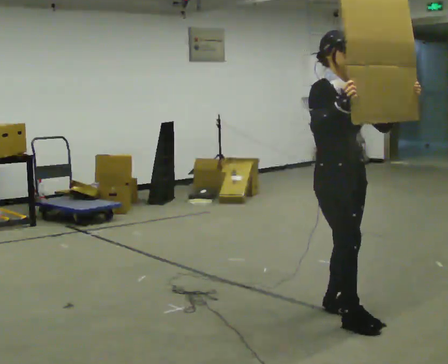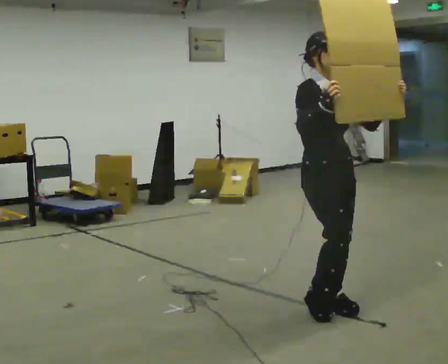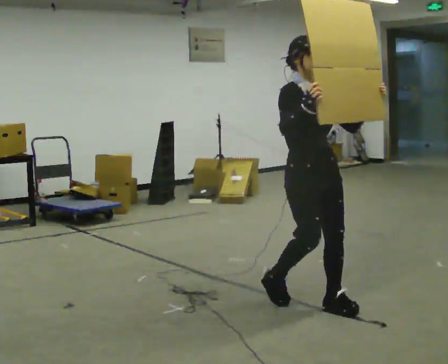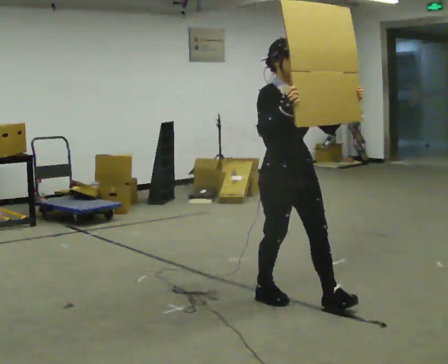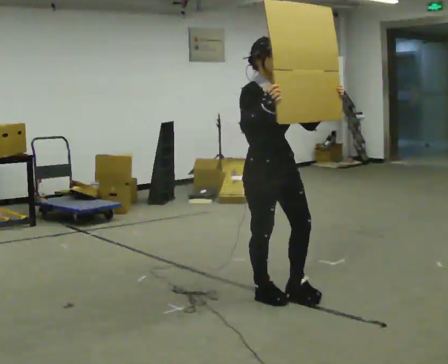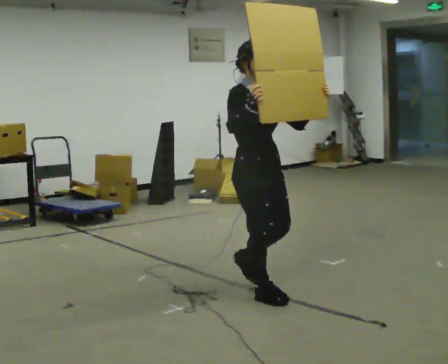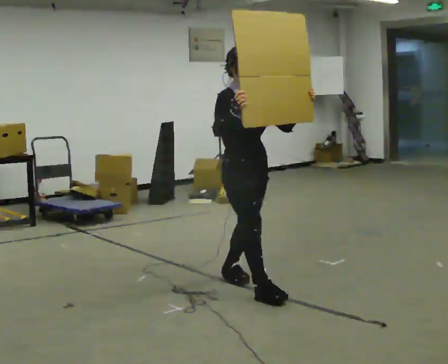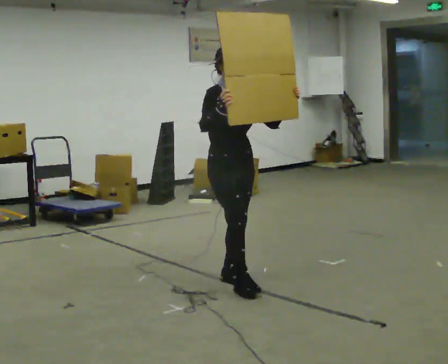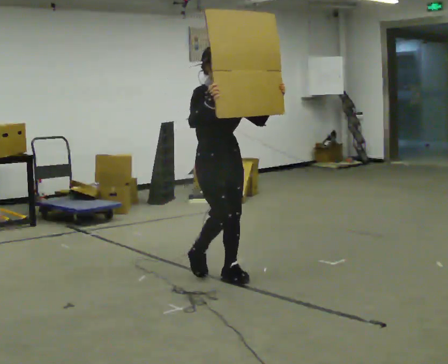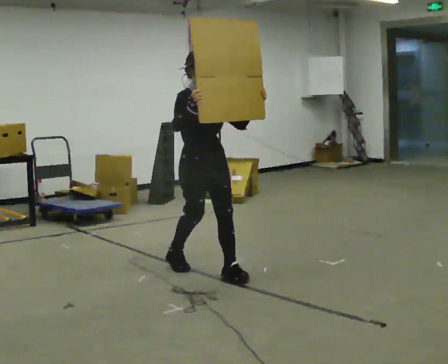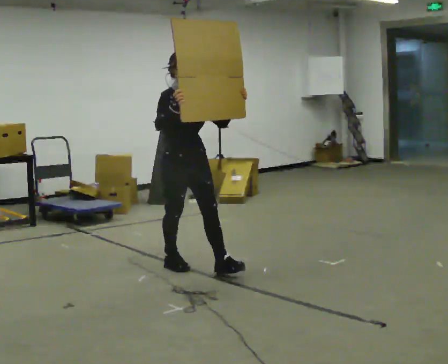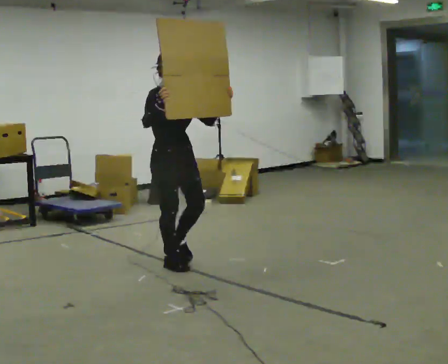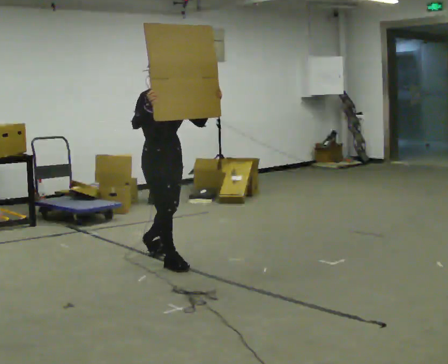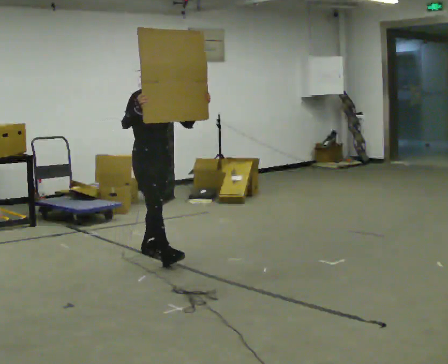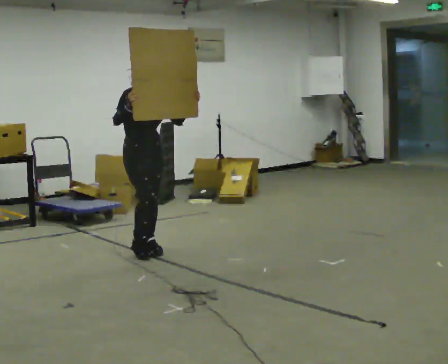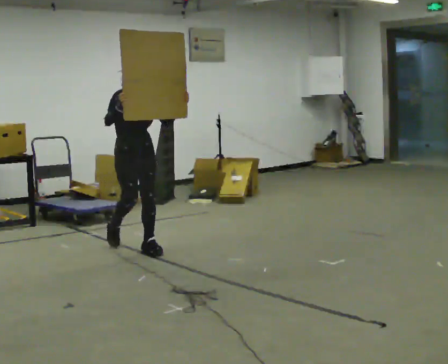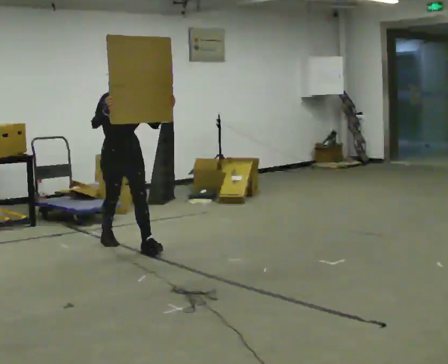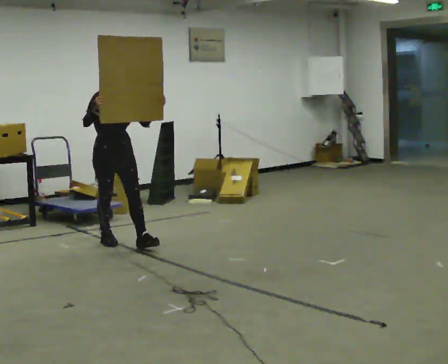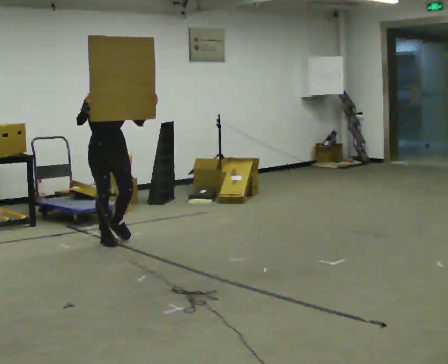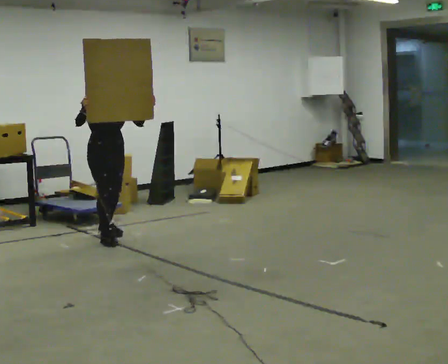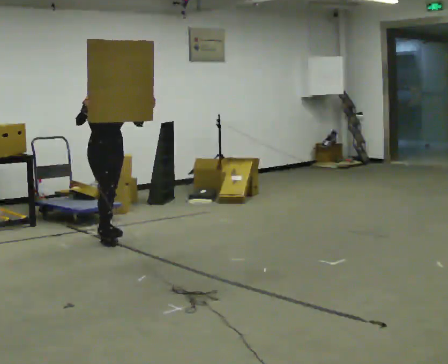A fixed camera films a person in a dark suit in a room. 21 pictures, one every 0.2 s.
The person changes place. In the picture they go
away from the camera.
0.0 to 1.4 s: In the picture they go away from the camera and to the left, about 1 m in 3 steps, which for them is backward.
1.4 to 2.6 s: In the picture they go away from the camera and to the left, about 1 m in 2 steps, which for them is backward.
2.6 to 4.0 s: In the picture they go away from the camera and to the left, about 1 m in 1 step, which for them is backward.
The film runs backward here.
